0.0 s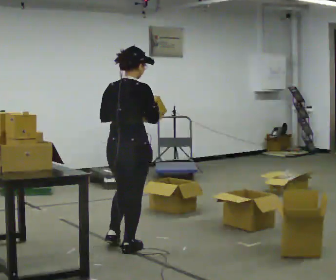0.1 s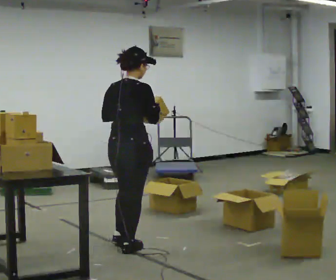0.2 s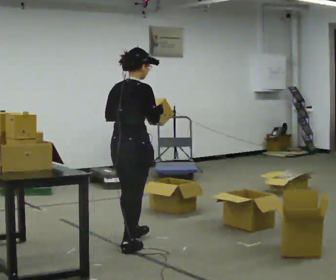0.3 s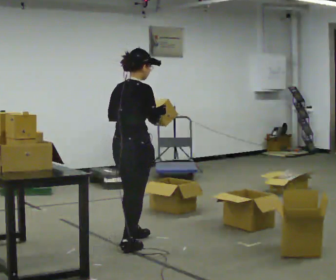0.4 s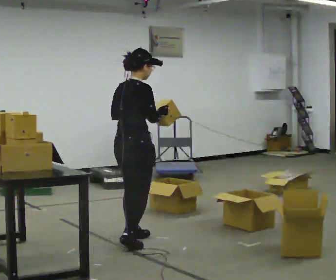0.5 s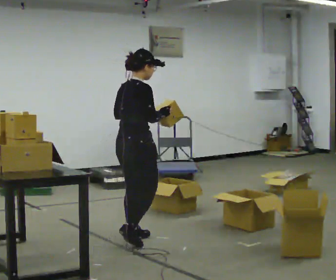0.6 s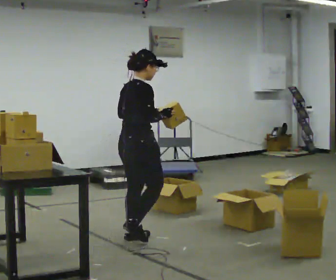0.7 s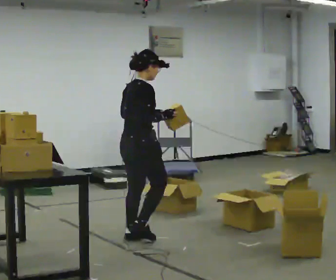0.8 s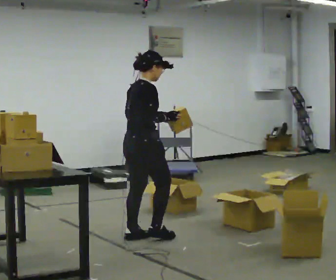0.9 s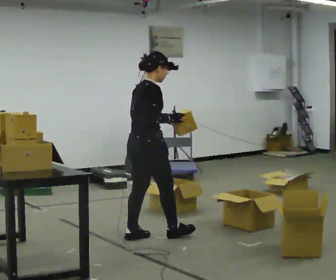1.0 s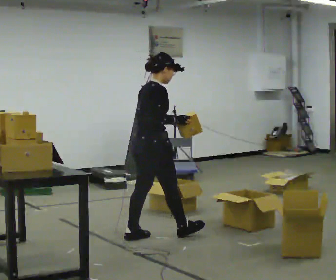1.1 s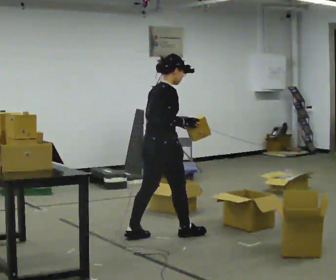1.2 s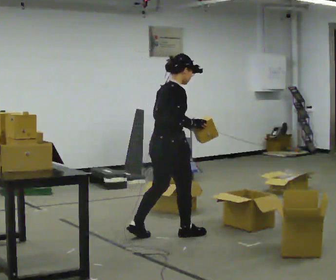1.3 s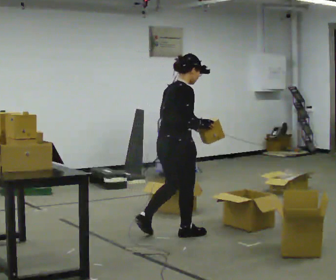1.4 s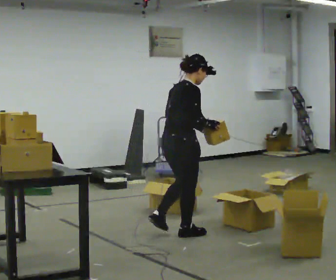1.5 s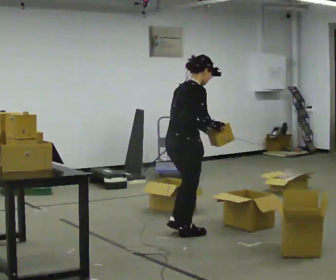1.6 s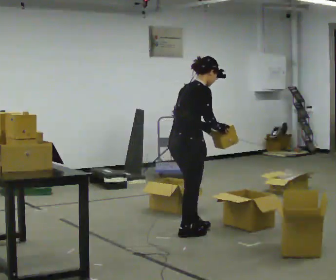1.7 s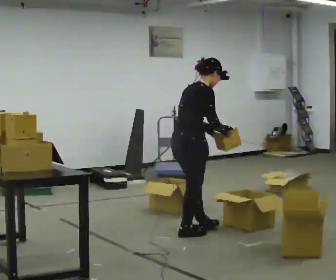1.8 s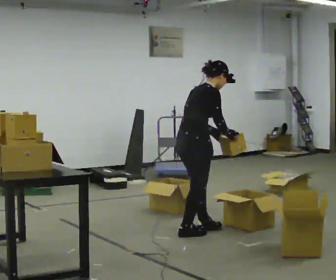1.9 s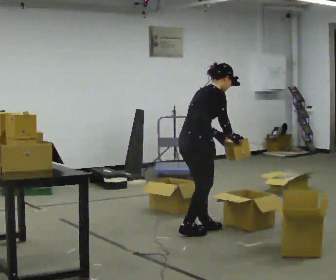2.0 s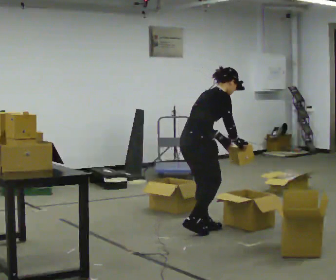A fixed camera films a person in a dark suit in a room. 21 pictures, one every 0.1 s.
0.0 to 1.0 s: The person turns about 30 degrees to their right, clockwise seen from above, so the part of the body nearest the lens slides to the left. In the picture they go away from the camera and to the right, about 0.5 m in 1 step, which for them is forward and to their left.
1.0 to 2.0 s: In the picture they go to the right, about 0.5 m in 2 steps, which for them is forward. In the picture the upper body tilts clockwise, shoulders to the right, as they bend forward.
The film runs forward here.
